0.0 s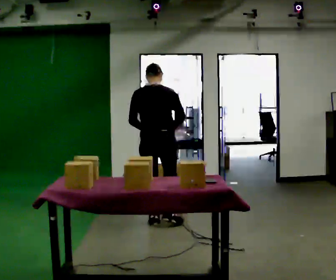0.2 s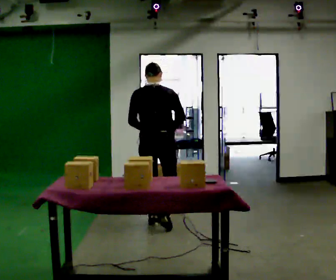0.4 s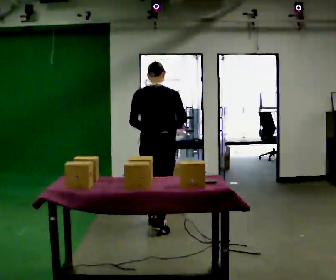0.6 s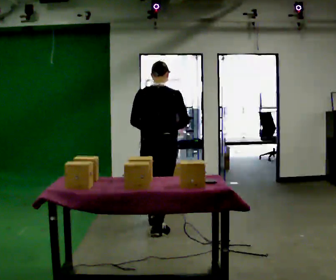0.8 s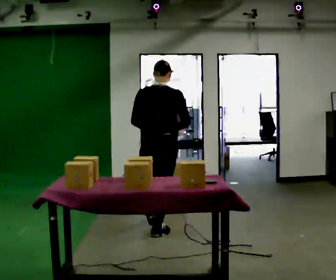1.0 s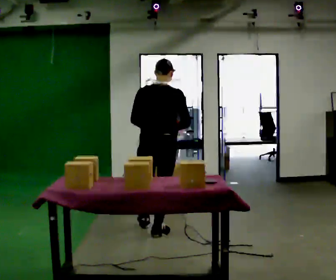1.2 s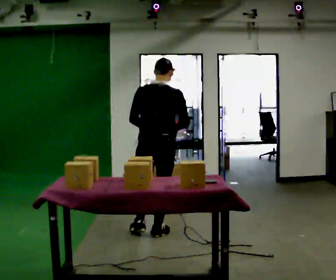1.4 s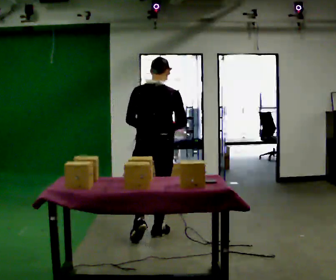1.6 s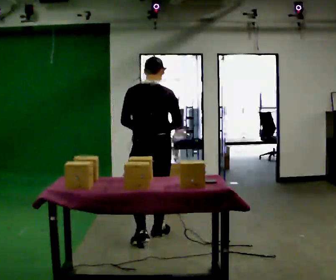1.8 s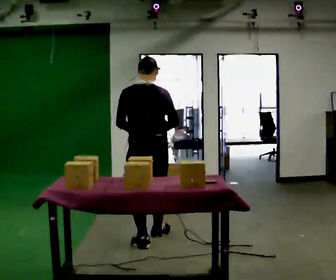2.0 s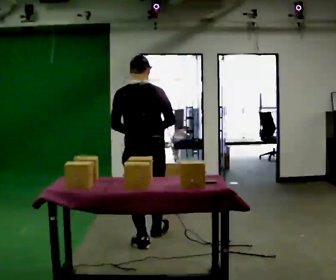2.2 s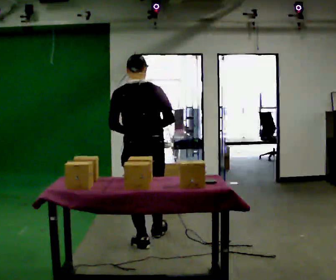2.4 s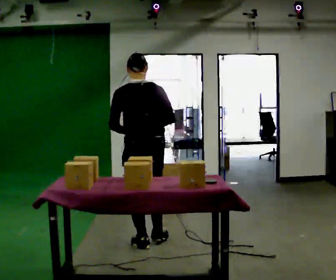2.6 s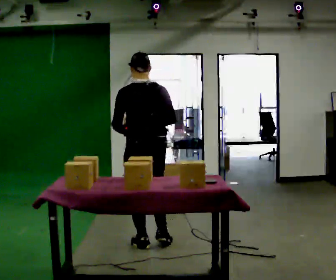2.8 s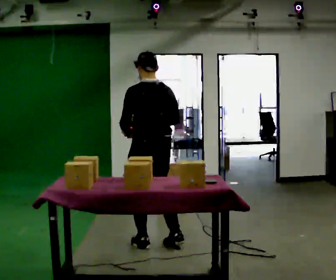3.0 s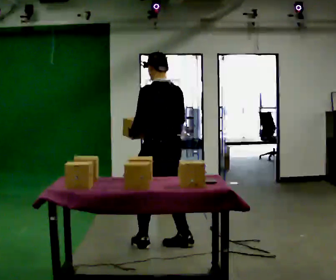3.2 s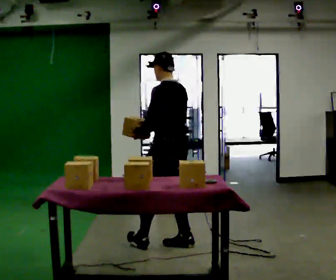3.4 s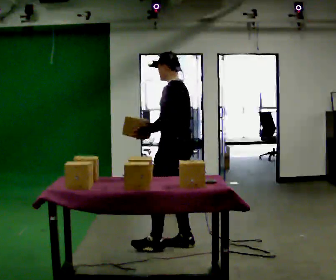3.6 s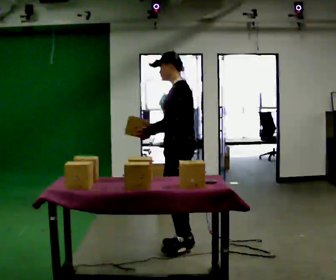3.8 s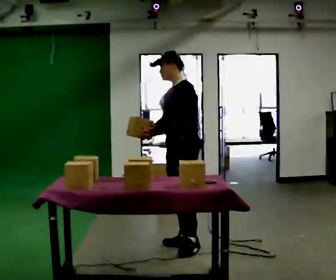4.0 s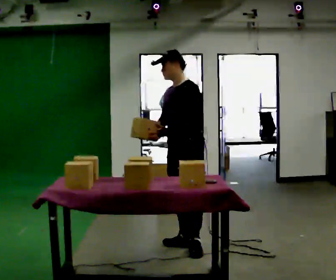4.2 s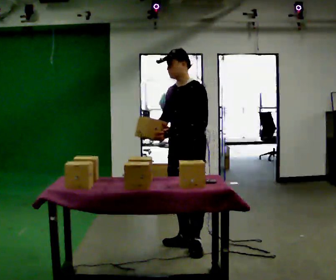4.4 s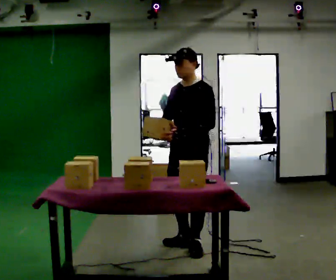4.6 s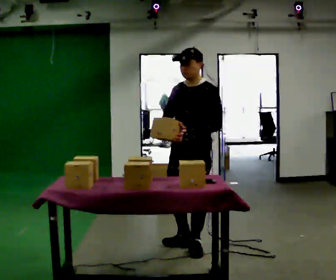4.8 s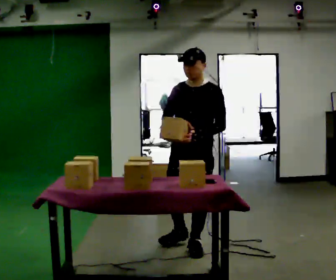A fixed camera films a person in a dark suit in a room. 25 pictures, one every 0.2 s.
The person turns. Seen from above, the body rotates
counterclockwise.
Their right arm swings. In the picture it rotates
clockwise.
0.0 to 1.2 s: In the picture they go toward the camera, about 0.5 m in 1 step, which for them is backward.
1.2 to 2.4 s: In the picture they go toward the camera, about 0.5 m in 1 step, which for them is backward.
2.4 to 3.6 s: The part of the body nearest the lens slides to the right as the person turns to their left by about 75 degrees. In the picture they go to the right, about 0.25 m in 1 step.
3.6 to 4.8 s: Seen from above the body turns counterclockwise, about 60 degrees: to their left, with its near side sliding to the right. In the picture they go toward the camera, about 0.25 m, which for them is to their left. In the picture their left hand goes to the right.
The film runs backward here.
